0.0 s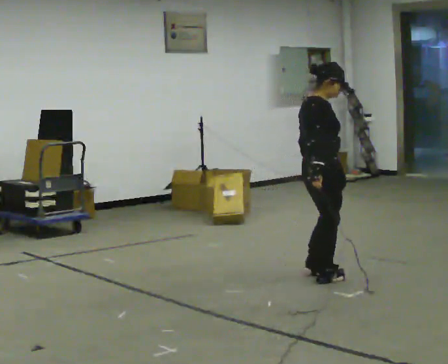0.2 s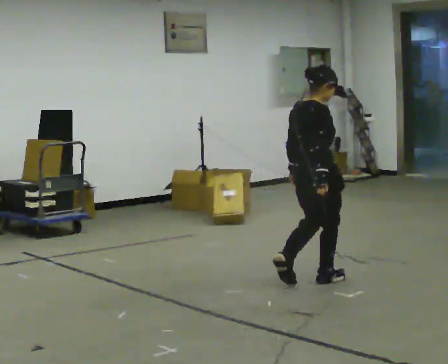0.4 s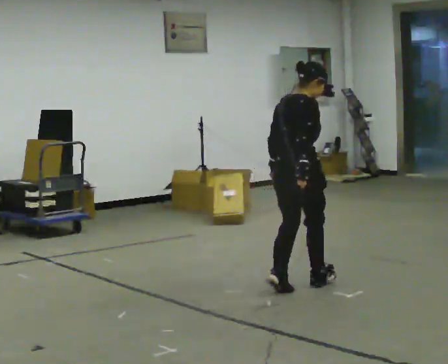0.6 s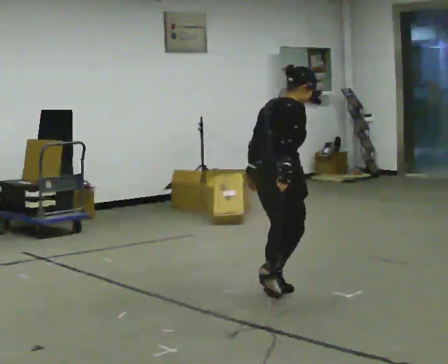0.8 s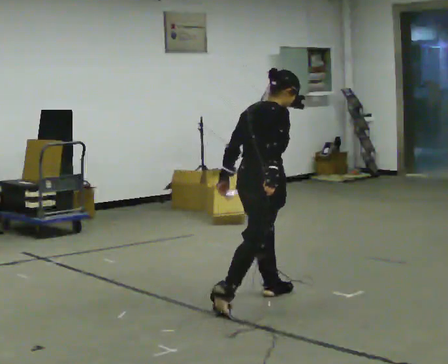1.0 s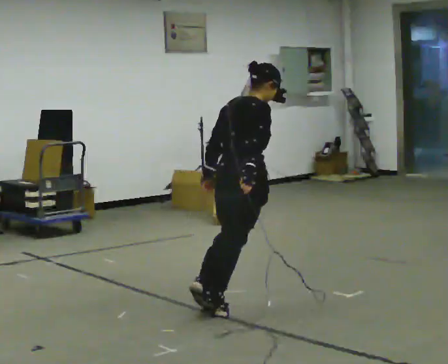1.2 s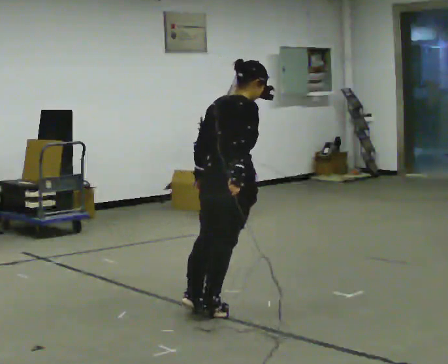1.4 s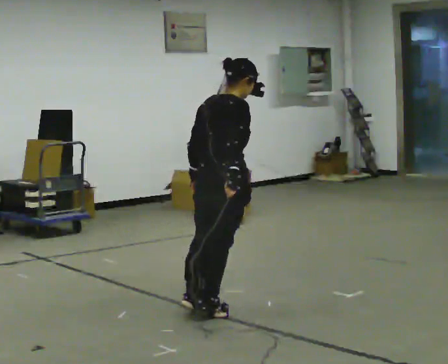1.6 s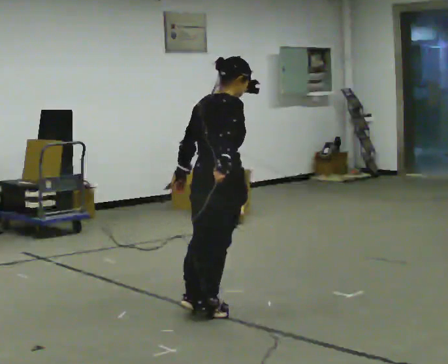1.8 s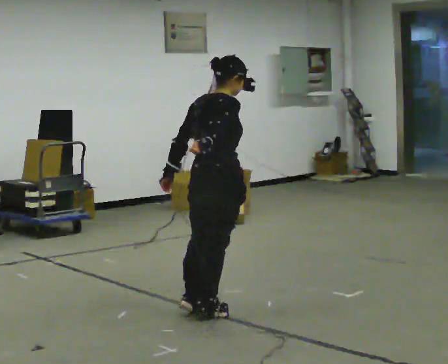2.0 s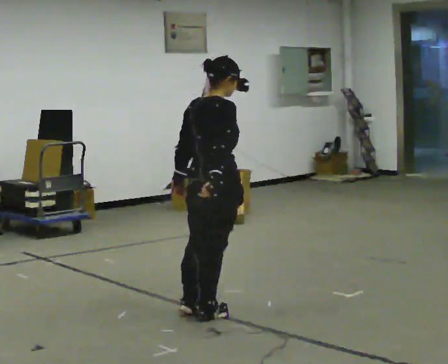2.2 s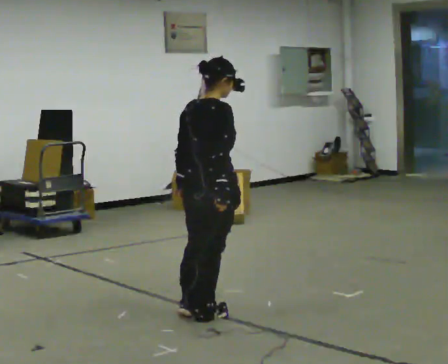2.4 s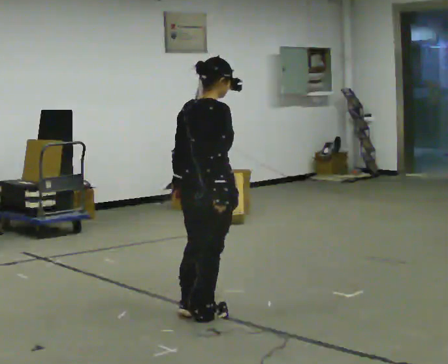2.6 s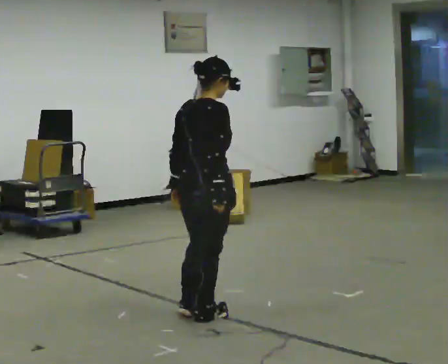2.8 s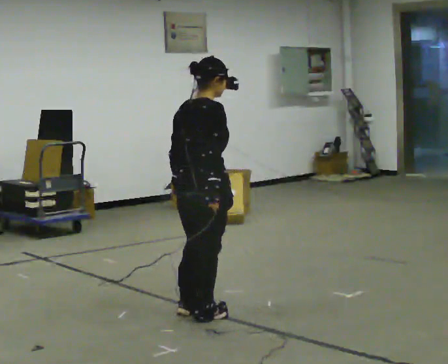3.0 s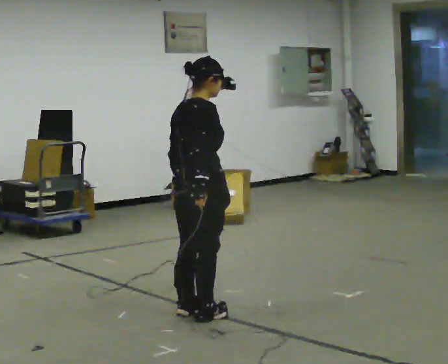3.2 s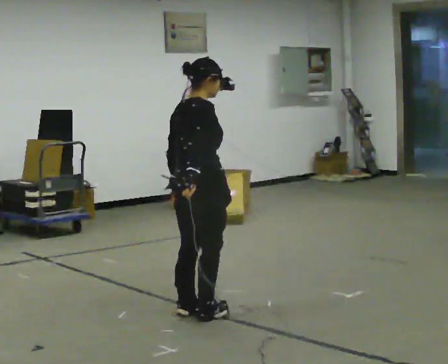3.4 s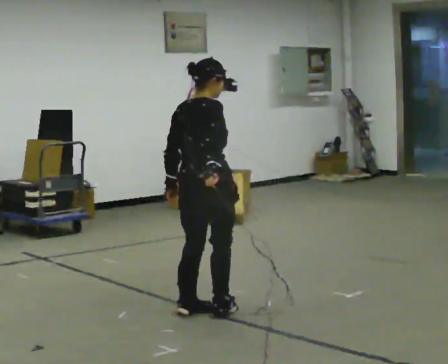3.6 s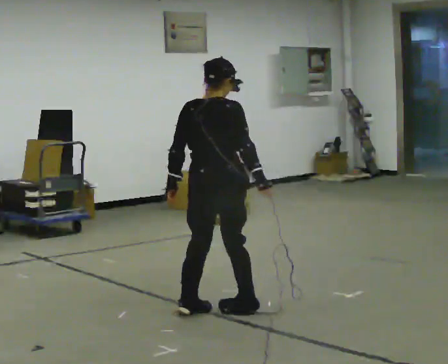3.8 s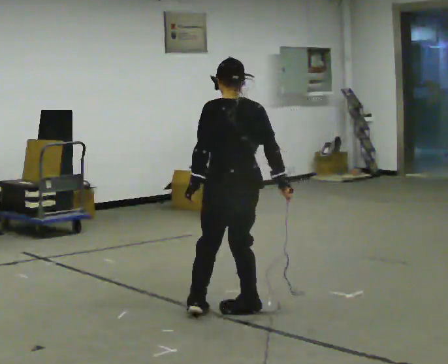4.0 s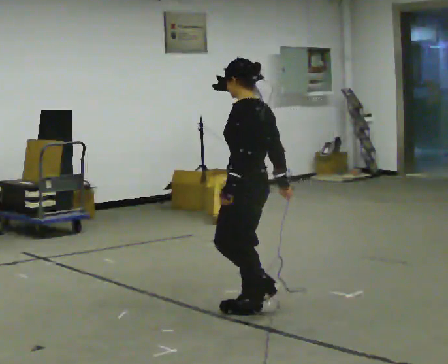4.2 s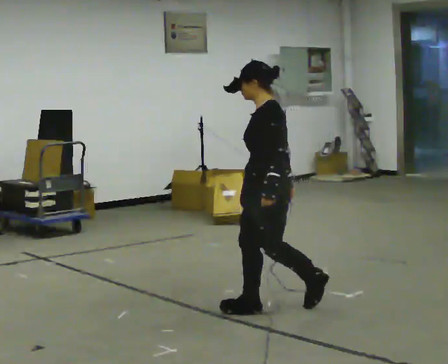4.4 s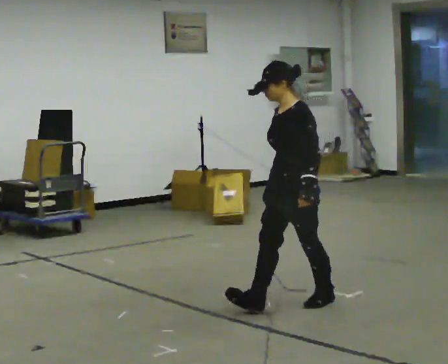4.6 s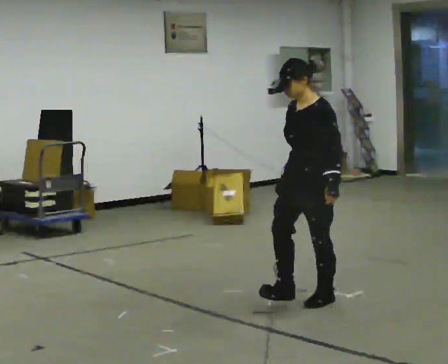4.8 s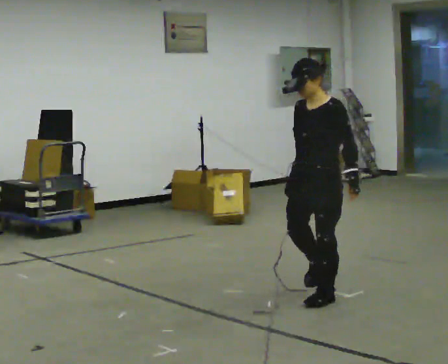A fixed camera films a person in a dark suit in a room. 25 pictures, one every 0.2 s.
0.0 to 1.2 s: The person turns about 30 degrees to their left, counterclockwise seen from above, so the part of the body nearest the lens slides to the right. In the picture they go toward the camera and to the left, about 1 m in 2 steps, which for them is backward.
1.2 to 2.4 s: The person moves a little, or ends about where they began.
2.4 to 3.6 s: The person turns about 30 degrees to their left, counterclockwise seen from above, so the part of the body nearest the lens slides to the right.
3.6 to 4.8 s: The part of the body nearest the lens slides to the right as the person turns to their left by about 150 degrees. In the picture they go to the right and away from the camera, about 0.75 m in 2 steps.
The film runs backward here.
